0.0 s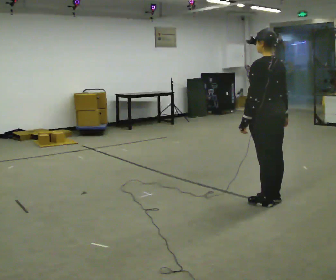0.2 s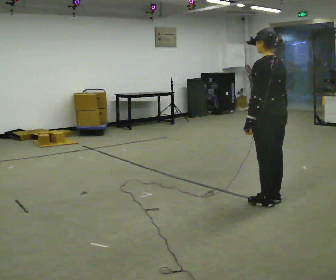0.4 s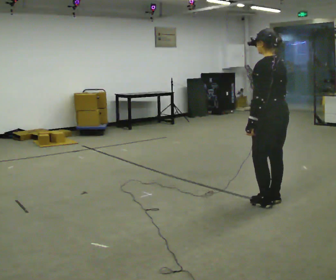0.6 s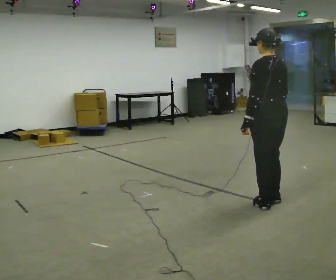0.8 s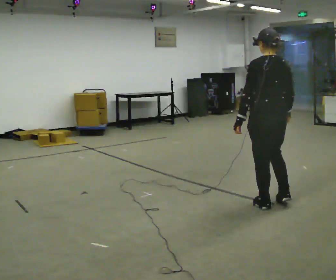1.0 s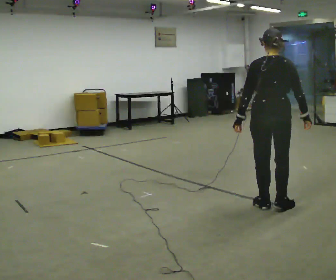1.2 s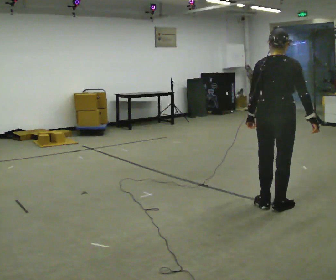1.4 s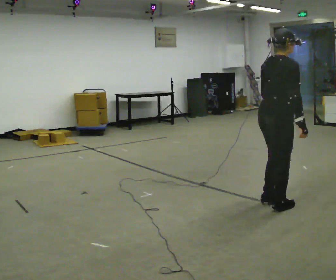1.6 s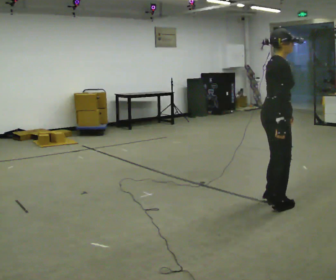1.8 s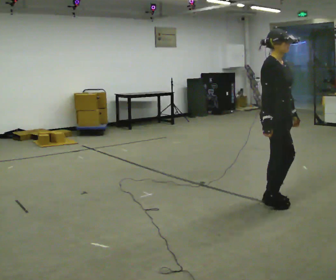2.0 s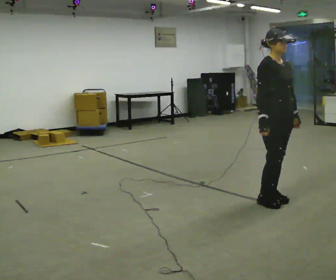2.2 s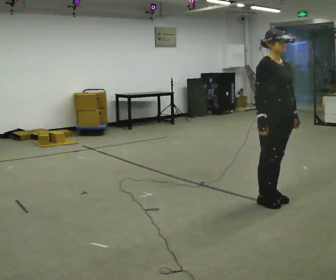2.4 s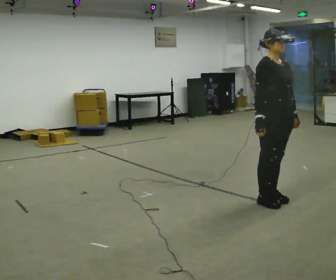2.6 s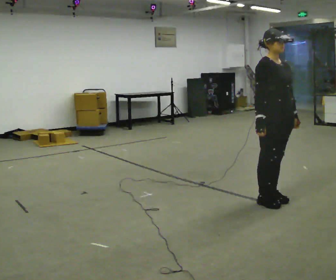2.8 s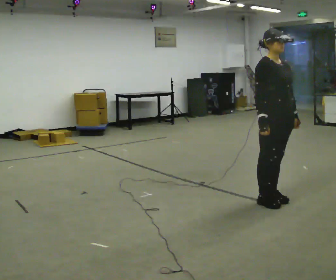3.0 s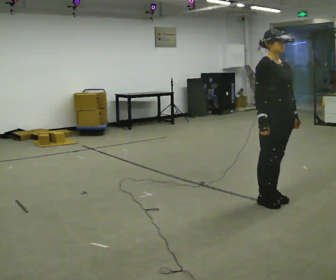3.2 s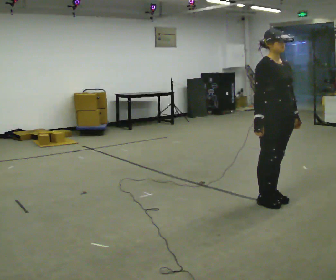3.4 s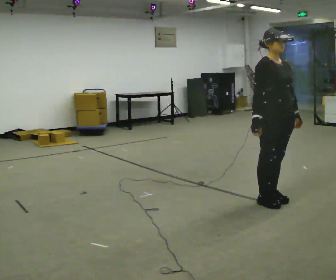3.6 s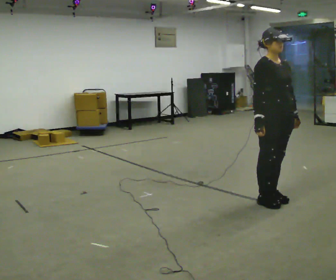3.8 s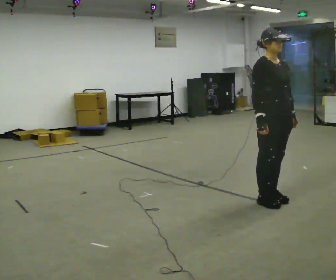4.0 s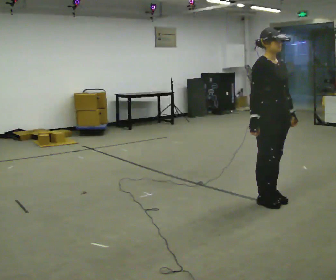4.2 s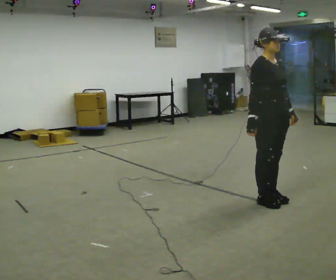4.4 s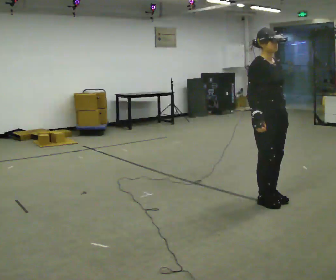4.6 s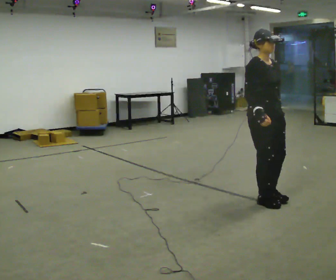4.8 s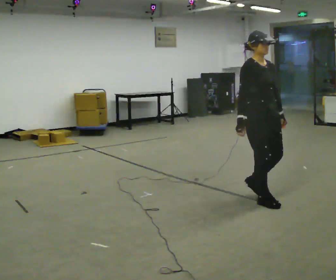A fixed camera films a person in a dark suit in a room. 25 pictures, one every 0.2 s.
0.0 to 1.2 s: Seen from above the body turns clockwise, about 60 degrees: to their right, with its near side sliding to the left.
1.2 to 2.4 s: Seen from above the body turns clockwise, about 120 degrees: to their right, with its near side sliding to the left. In the picture they go away from the camera, about 0.25 m in 2 steps. In the picture their right hand goes to the left, the arm swinging clockwise.
2.4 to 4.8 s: The person moves a little, or ends about where they began.
The film runs backward here.
